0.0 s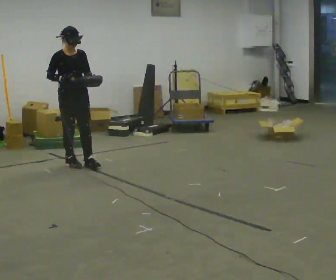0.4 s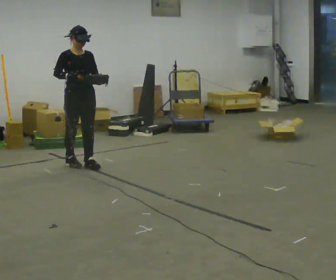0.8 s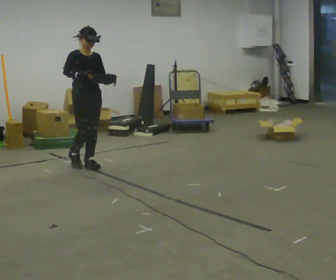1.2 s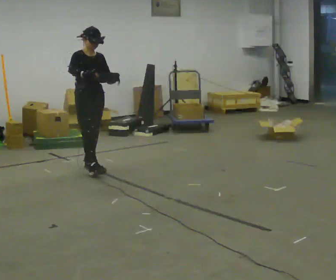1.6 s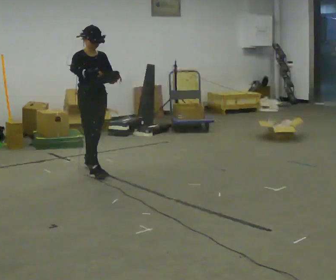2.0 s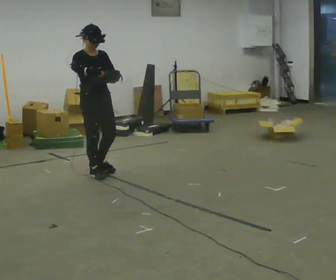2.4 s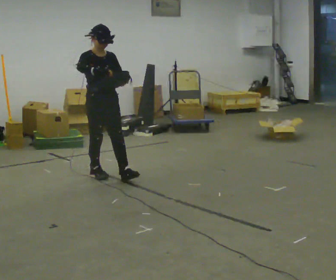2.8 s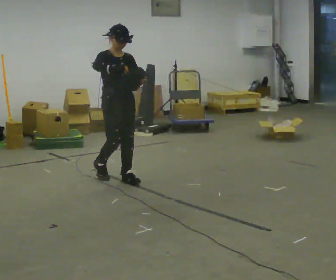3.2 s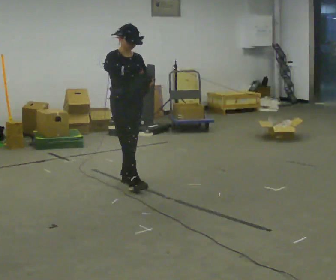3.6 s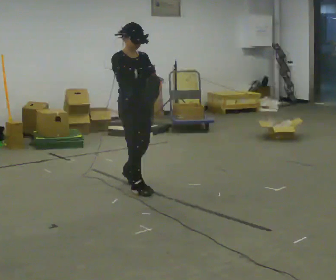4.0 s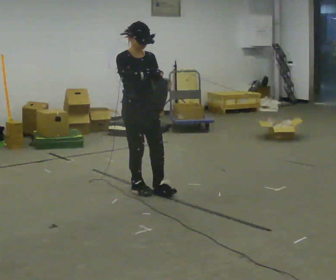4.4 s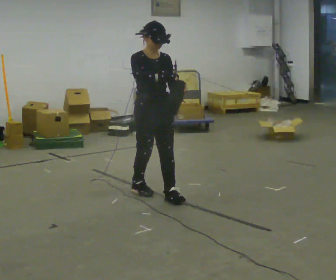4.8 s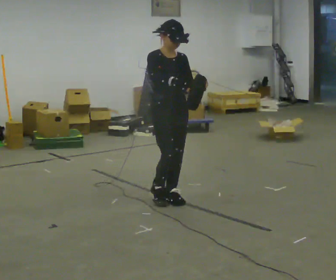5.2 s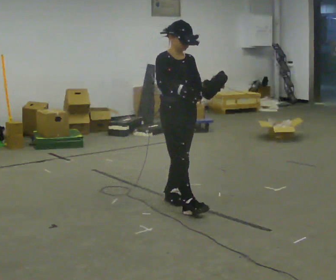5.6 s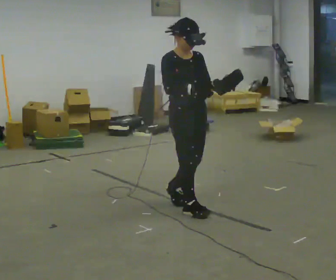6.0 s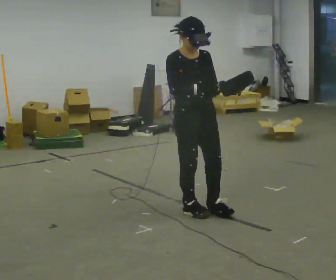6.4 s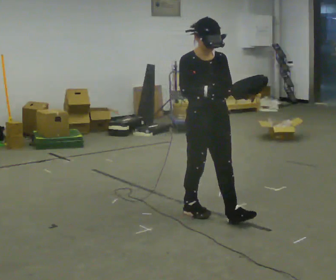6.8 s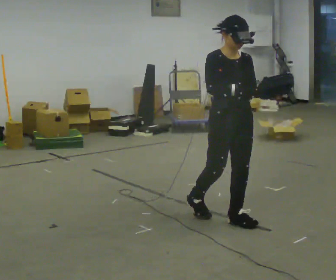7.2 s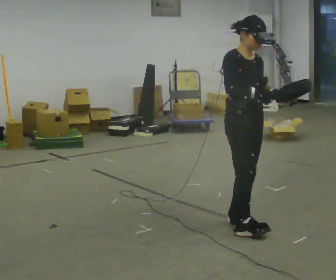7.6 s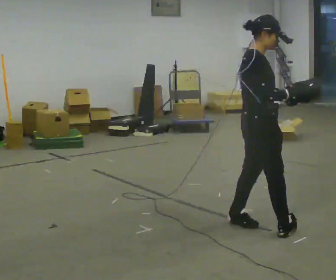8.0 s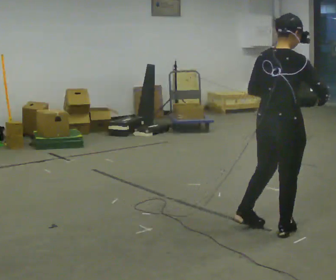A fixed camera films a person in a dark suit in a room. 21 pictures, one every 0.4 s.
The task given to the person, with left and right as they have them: Carry the bag and, while walking, undo the buckle or zip, then do it up again. Keep repeating as you walk. Do not stop.
0.0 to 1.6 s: In the picture they go toward the camera and to the right, about 0.5 m in 1 step, which for them is forward.
1.6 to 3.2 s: In the picture they go toward the camera and to the right, about 0.5 m in 1 step, which for them is forward.
3.2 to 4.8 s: In the picture they go toward the camera and to the right, about 0.75 m in 2 steps, which for them is forward.
4.8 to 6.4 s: In the picture they go toward the camera and to the right, about 0.5 m in 2 steps, which for them is forward.
6.4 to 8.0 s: Seen from above the body turns counterclockwise, about 105 degrees: to their left, with its near side sliding to the right. In the picture they go toward the camera and to the right, about 0.5 m in 1 step.
The film runs forward here.
